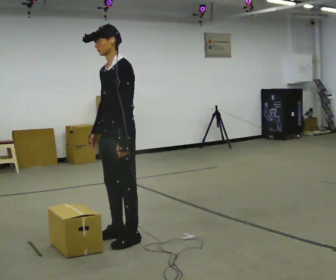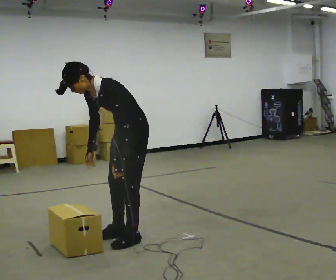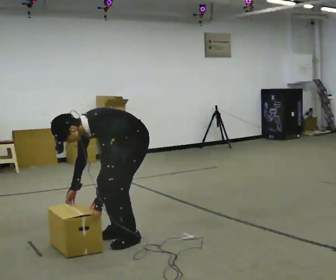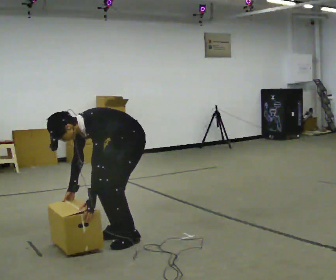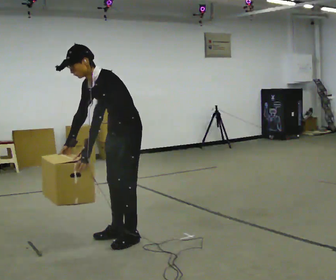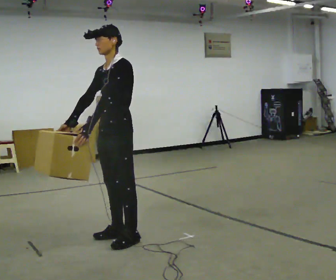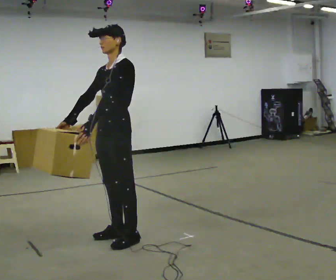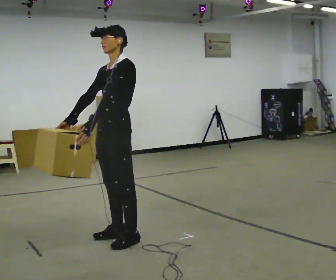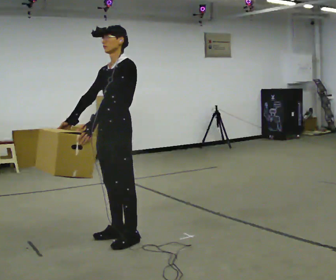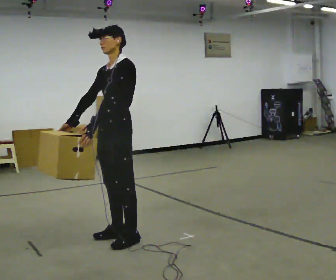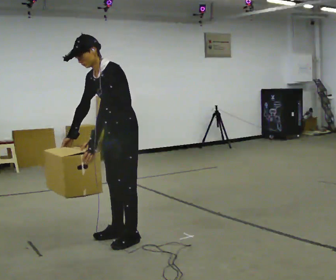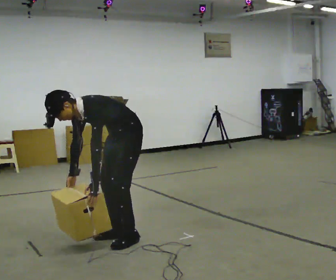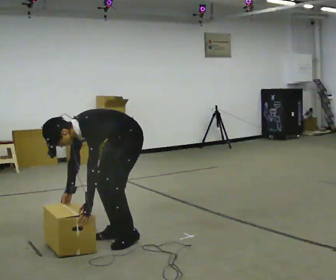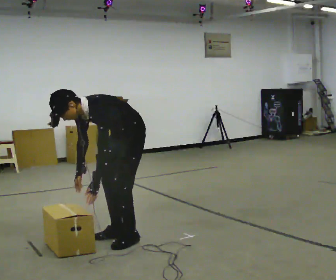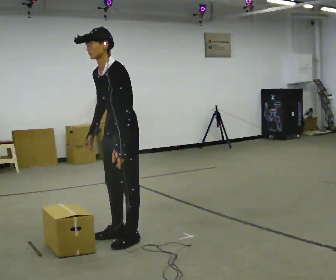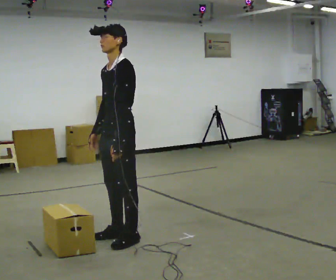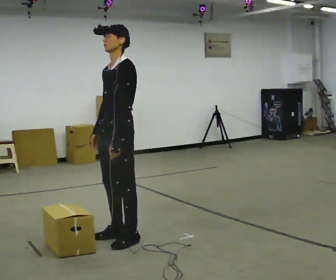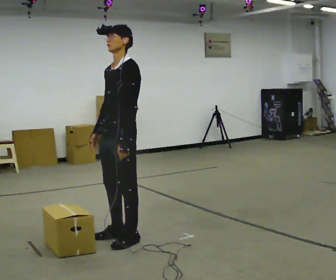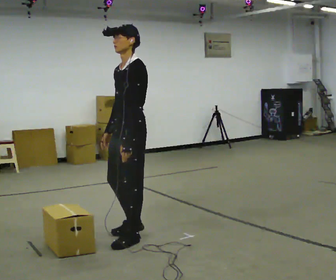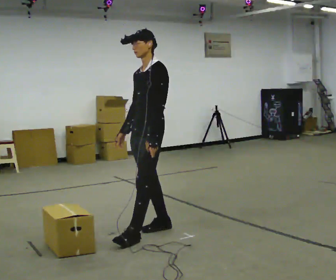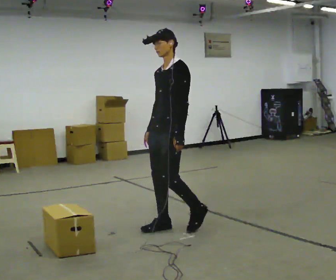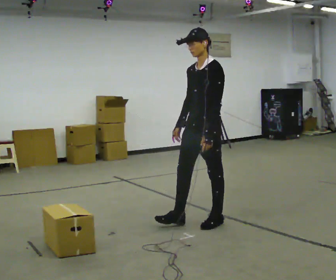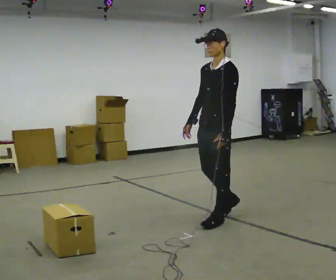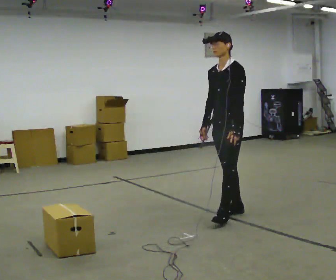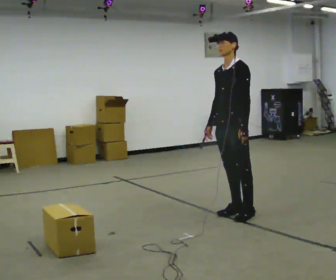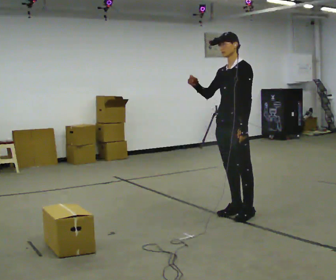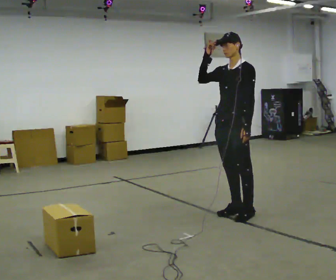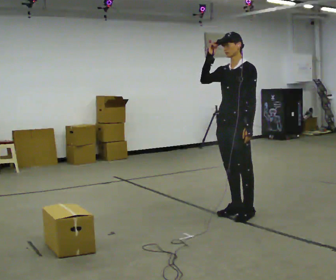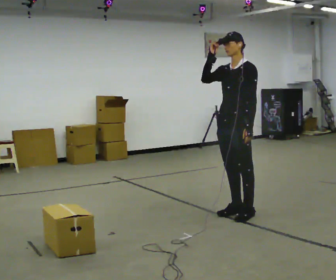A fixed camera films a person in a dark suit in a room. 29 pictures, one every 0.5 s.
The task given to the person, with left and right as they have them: The object is placed just too far away for you to reach. Try to reach it while keeping both feet planted, and step only when you have to. Repeat at your own pace until the operator says stop. Go slowly and only as far as you are comfortable. Step whenever you need to; do not try to hold on longer than feels safe.
0.0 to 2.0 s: The person moves a little, or ends about where they began.
2.0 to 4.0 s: In the picture the upper body tilts clockwise, shoulders to the right, as they lean back or straighten.
4.0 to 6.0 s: The shoulders move downward. In the picture the upper body tilts counterclockwise, shoulders to the left, as they bend forward. In the picture their right hand goes downward.
6.0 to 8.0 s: The upper body goes upward. In the picture the upper body tilts clockwise, shoulders to the right, as they lean back or straighten. In the picture their left hand goes upward.
8.0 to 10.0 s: In the picture they go to the right and away from the camera, about 0.5 m in 1 step, which for them is backward.
10.0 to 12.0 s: In the picture they go to the right and away from the camera, about 0.75 m in 3 steps, which for them is backward.
12.0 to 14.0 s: In the picture their right hand goes upward.
The film runs forward here.
